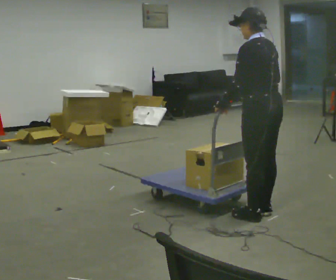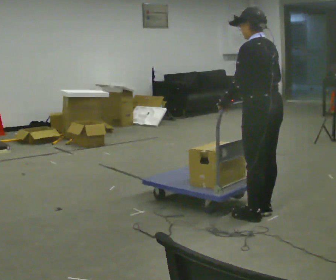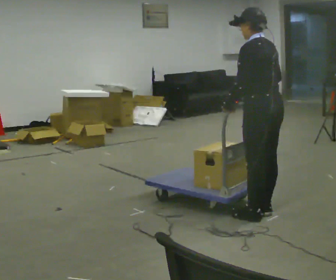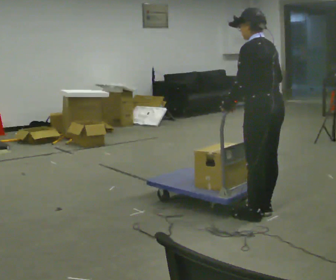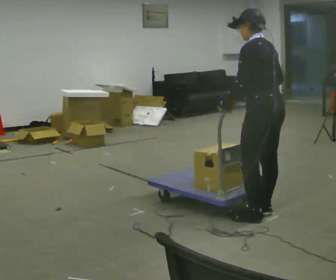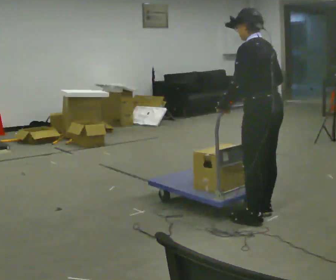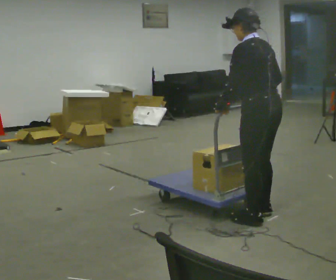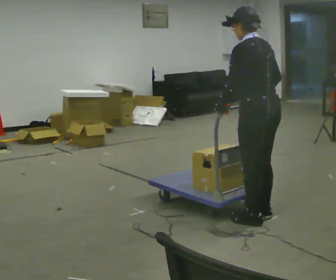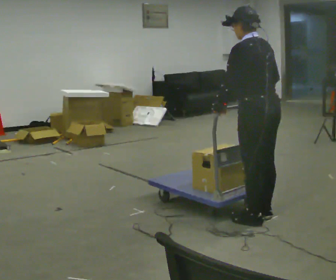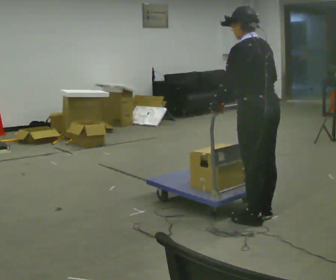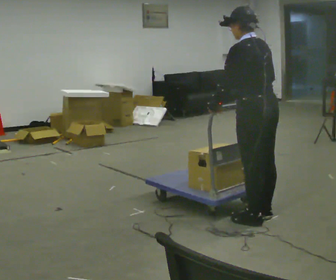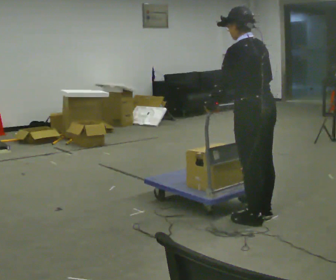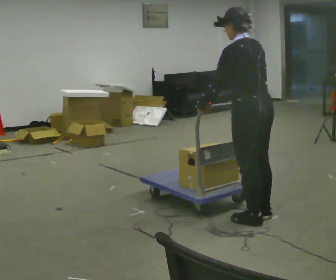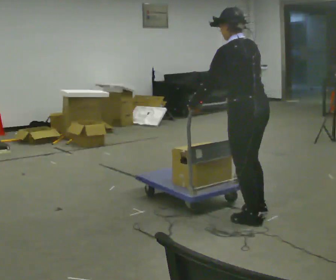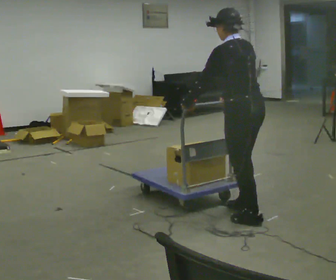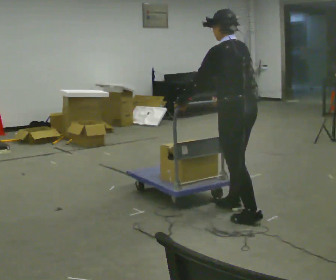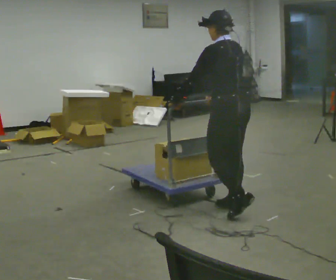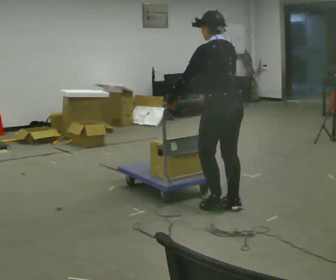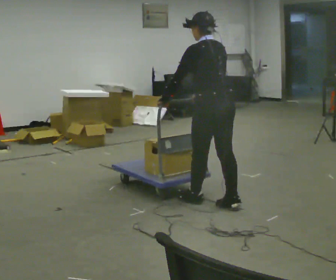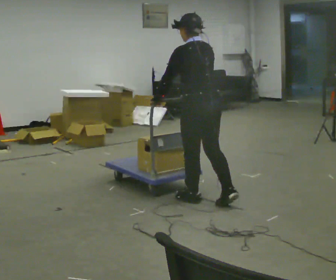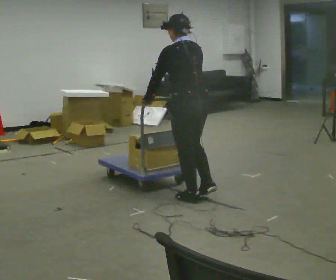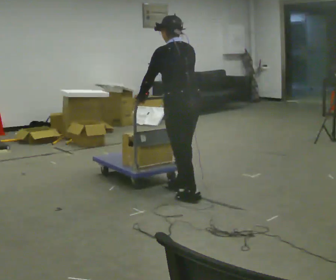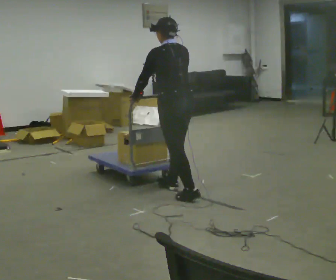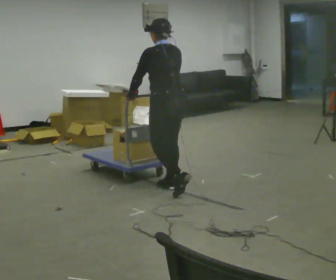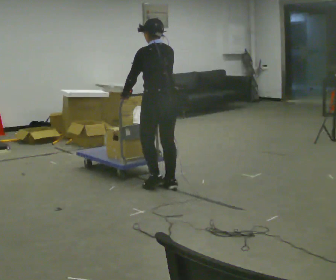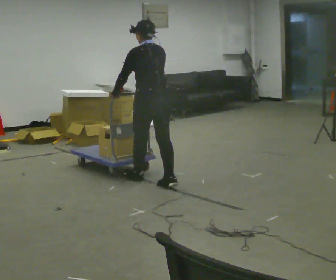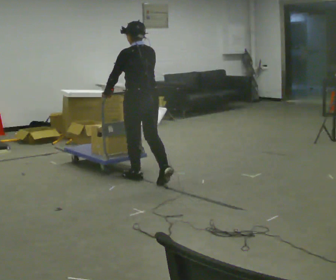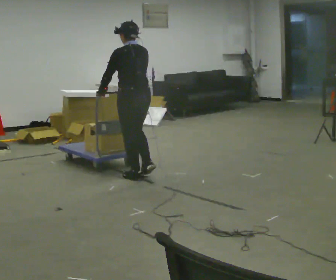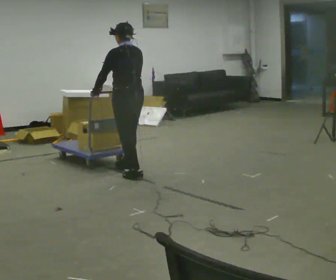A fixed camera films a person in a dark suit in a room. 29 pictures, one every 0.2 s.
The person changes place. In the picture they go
to the left.
0.0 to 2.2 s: The person moves a little, or ends about where they began.
2.2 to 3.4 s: In the picture they go to the left and away from the camera, about 0.5 m in 1 step, which for them is forward.
3.4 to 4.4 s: In the picture they go to the left and away from the camera, about 0.5 m in 2 steps, which for them is forward.
4.4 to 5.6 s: In the picture they go to the left and away from the camera, about 1 m in 2 steps, which for them is forward.
The film runs forward here.
